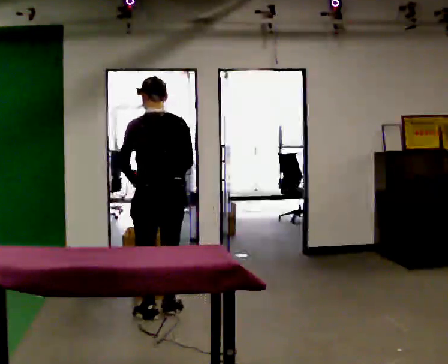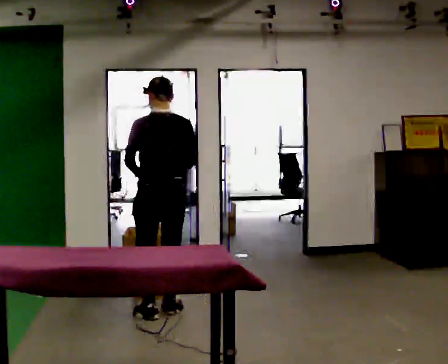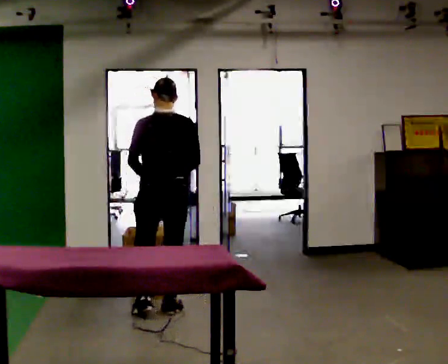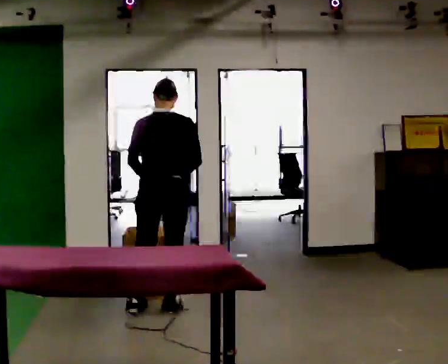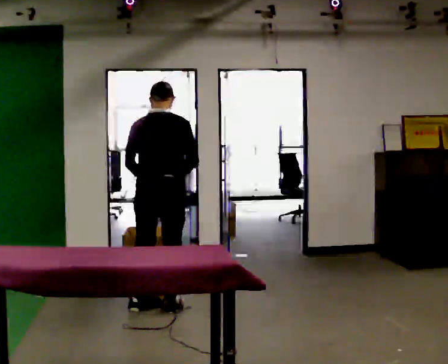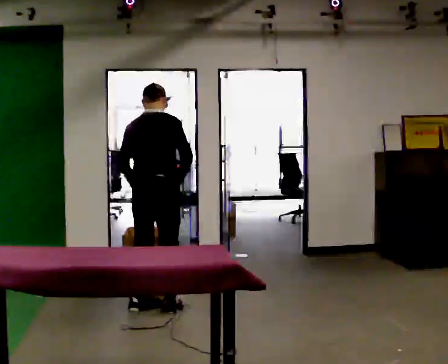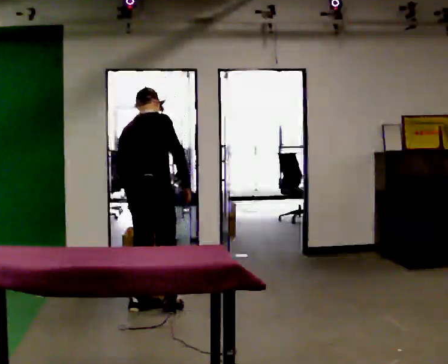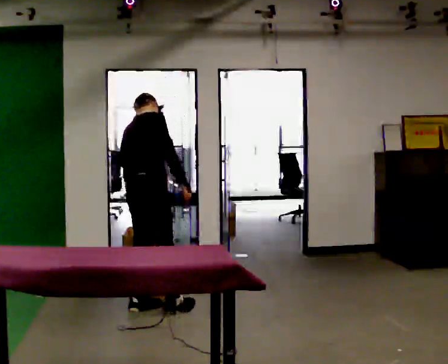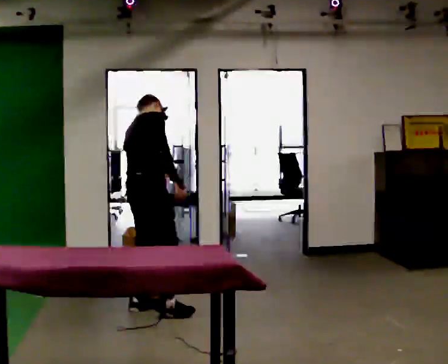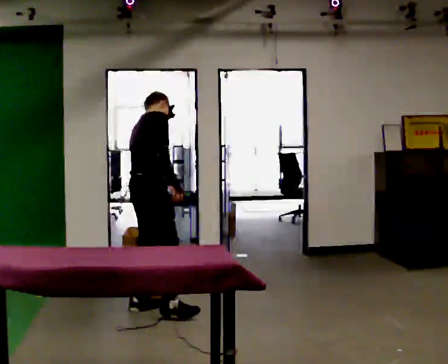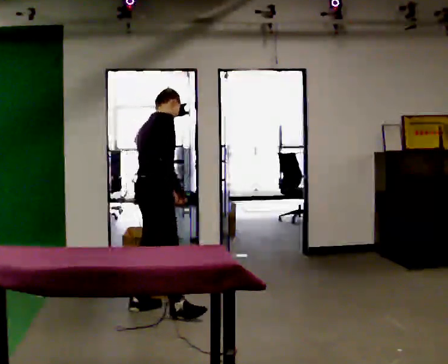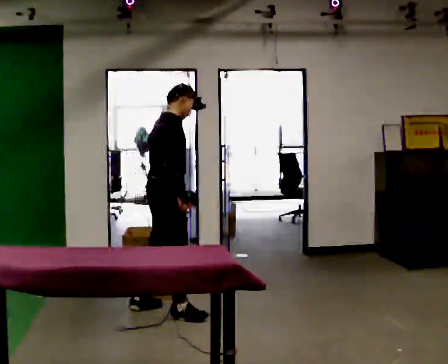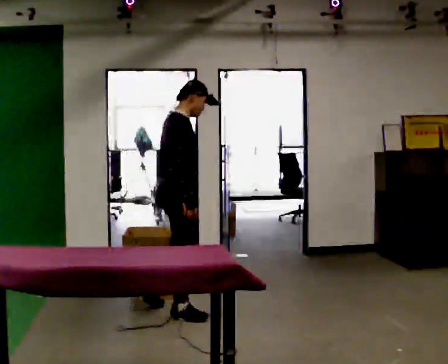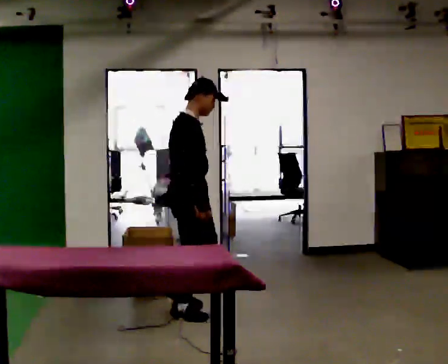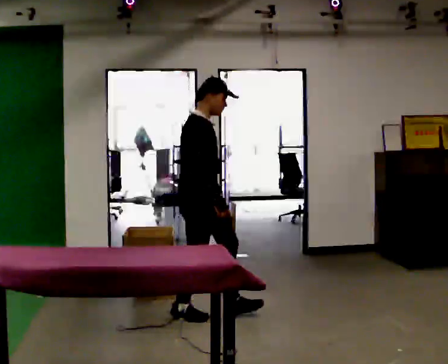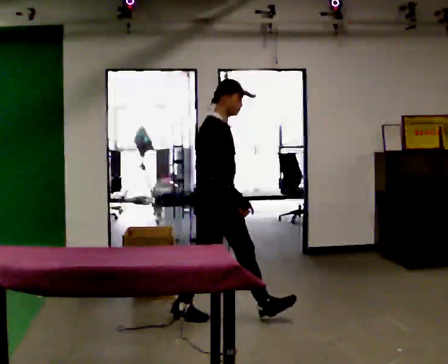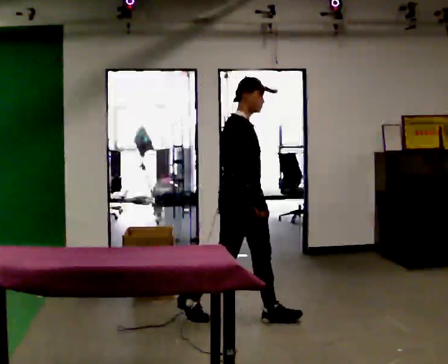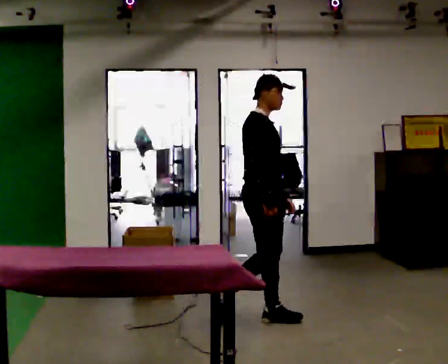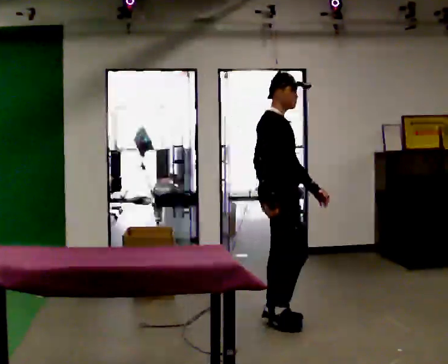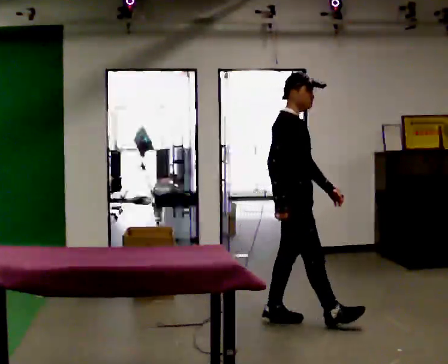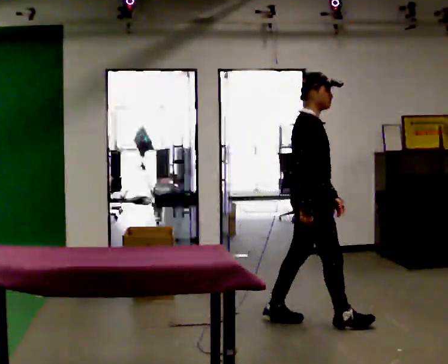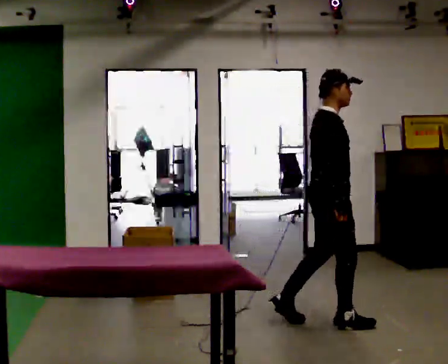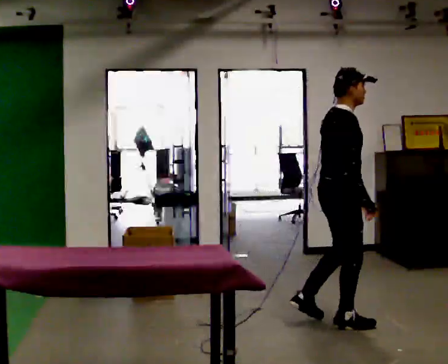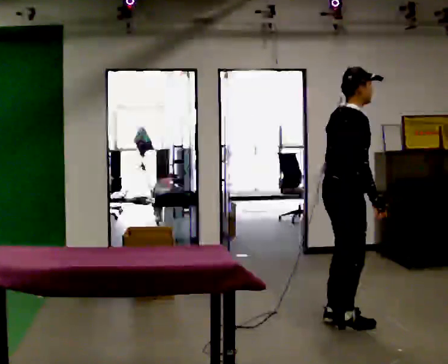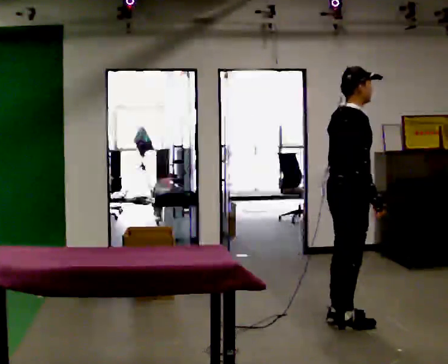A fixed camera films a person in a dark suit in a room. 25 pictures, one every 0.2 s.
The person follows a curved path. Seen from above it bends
clockwise.
The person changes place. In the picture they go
to the right.
0.0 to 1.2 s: Seen from above the body turns clockwise, about 60 degrees: to their right, with its near side sliding to the left.
1.2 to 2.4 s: Seen from above the body turns clockwise, about 45 degrees: to their right, with its near side sliding to the left. In the picture they go to the right, about 0.25 m, which for them is to their right and forward.
2.4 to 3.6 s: In the picture they go to the right, about 0.5 m in 1 step, which for them is forward.
3.6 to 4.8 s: Seen from above the body turns counterclockwise, about 30 degrees: to their left, with its near side sliding to the right. In the picture they go to the right and toward the camera, about 0.5 m in 2 steps, which for them is forward and to their right.
The film runs forward here.
